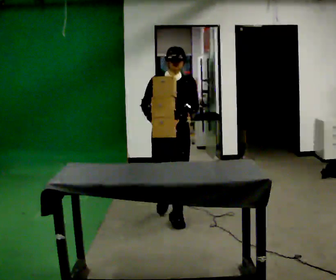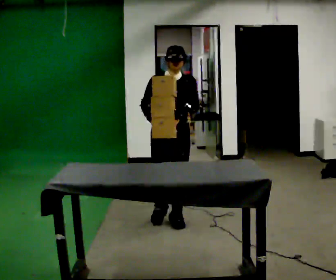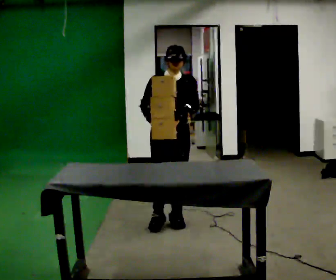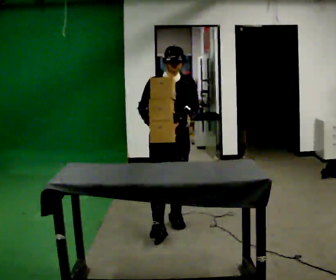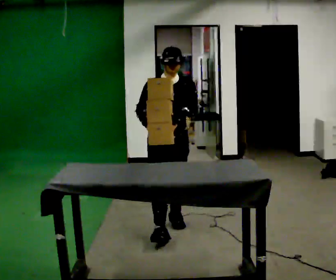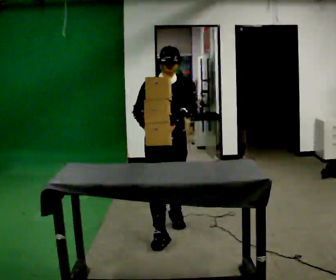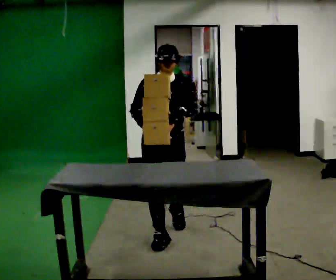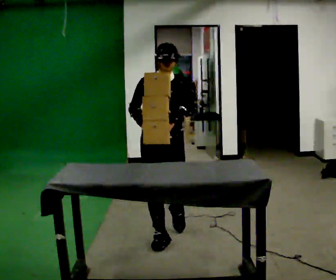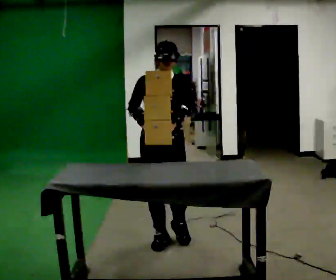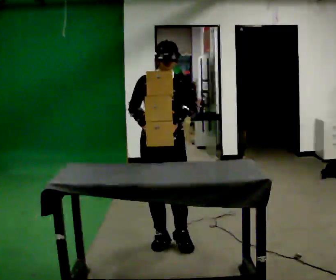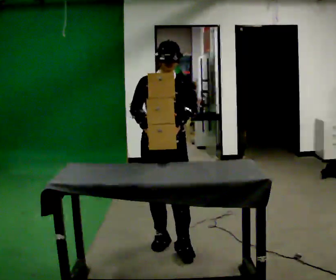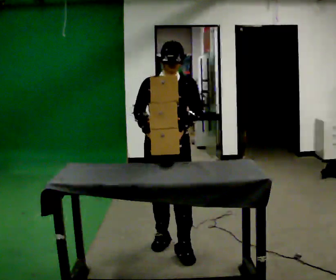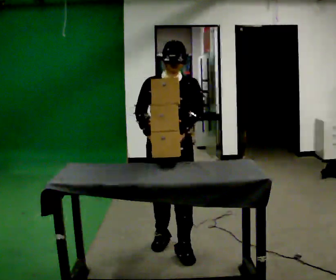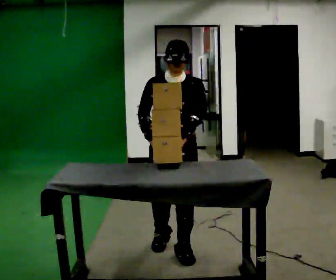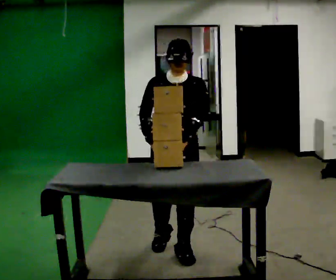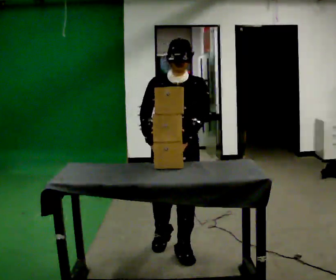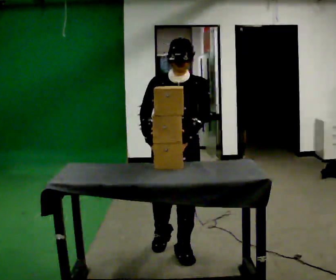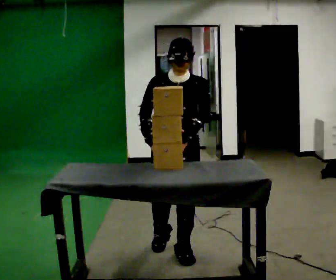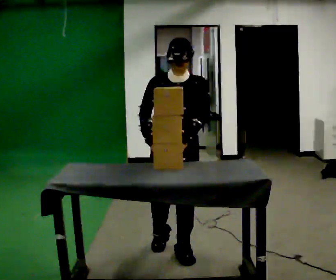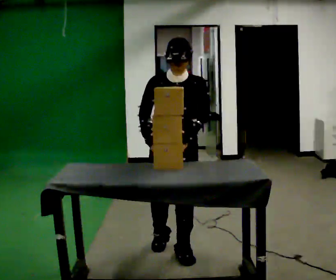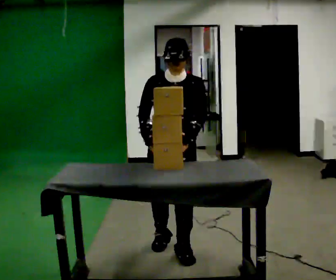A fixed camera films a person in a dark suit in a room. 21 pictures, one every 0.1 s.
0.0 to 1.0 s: In the picture they go toward the camera, about 0.75 m in 1 step, which for them is forward.
1.0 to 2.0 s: In the picture they go toward the camera, about 0.25 m in 1 step, which for them is forward.
The film runs forward here.
